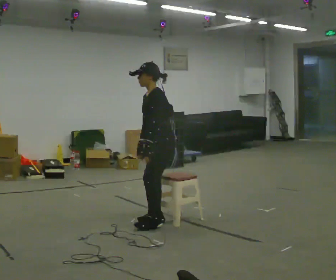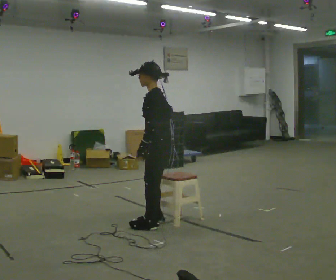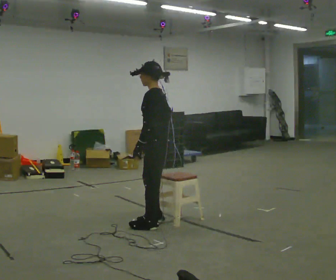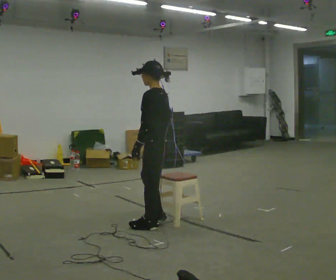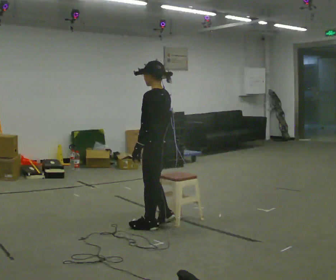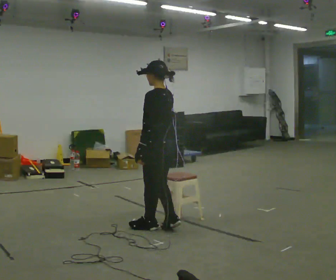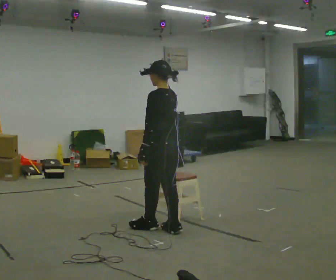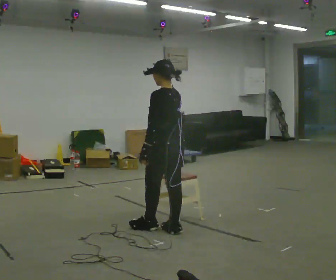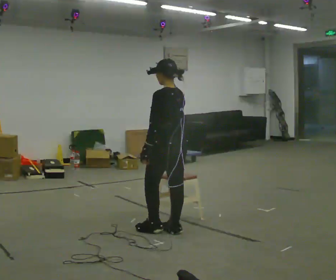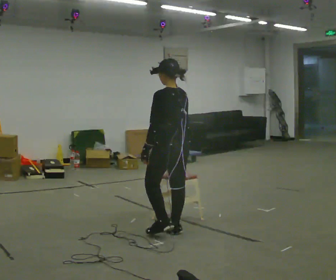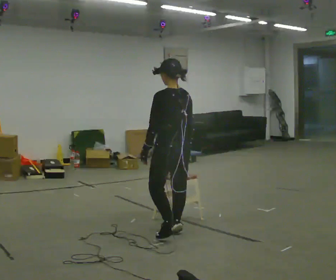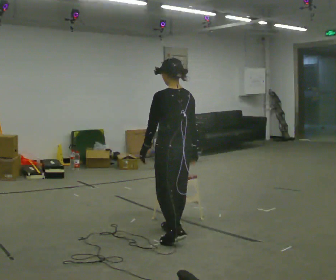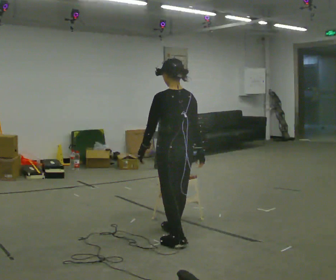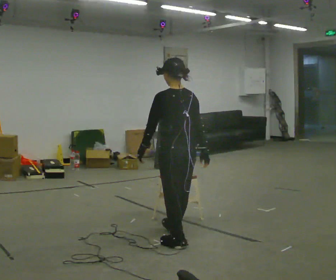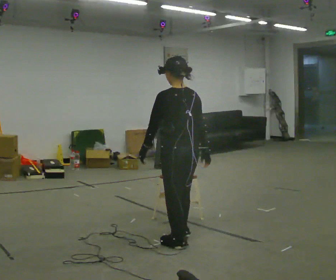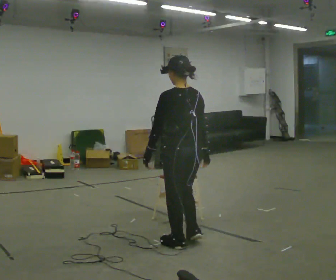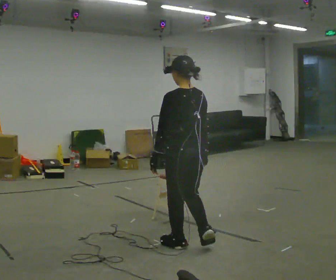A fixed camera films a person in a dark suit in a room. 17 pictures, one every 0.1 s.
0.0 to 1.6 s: Seen from above the body turns clockwise, about 75 degrees: to their right, with its near side sliding to the left. In the picture they go toward the camera, about 0.5 m in 3 steps.
The film runs backward here.
